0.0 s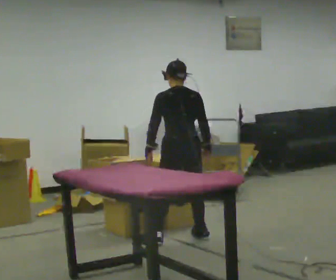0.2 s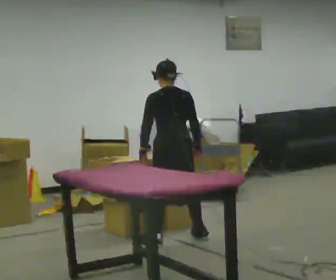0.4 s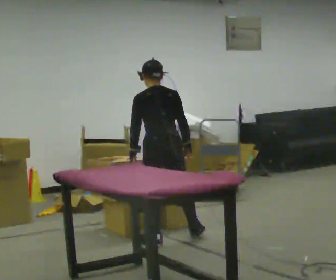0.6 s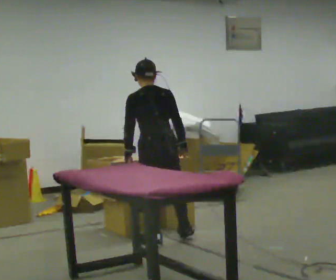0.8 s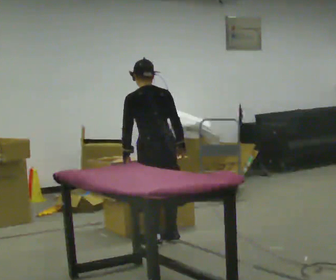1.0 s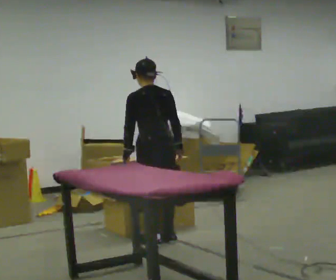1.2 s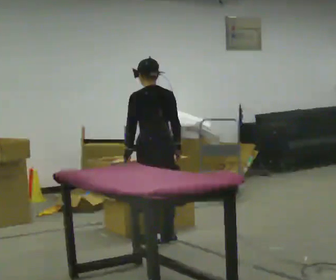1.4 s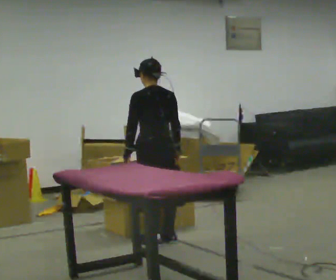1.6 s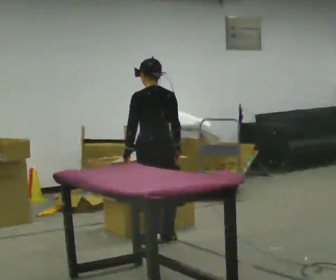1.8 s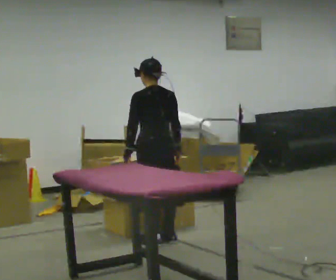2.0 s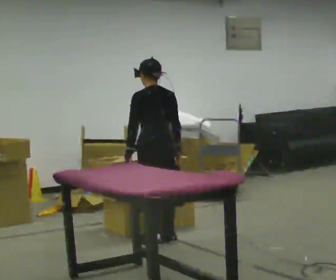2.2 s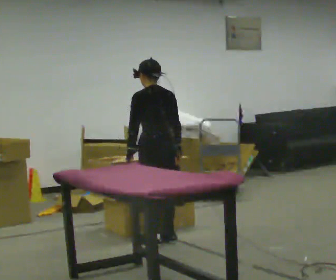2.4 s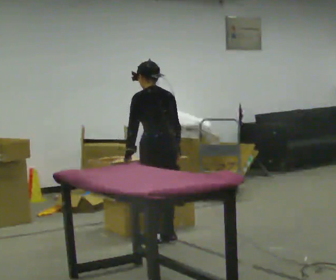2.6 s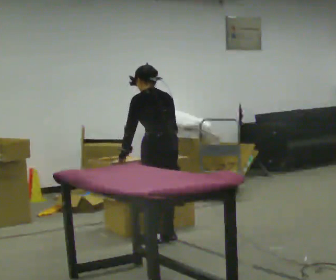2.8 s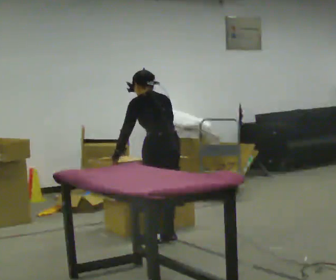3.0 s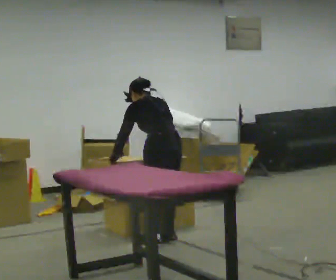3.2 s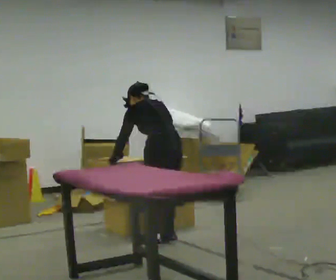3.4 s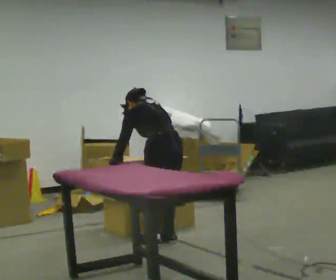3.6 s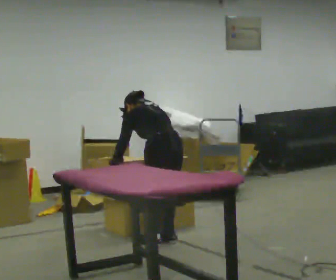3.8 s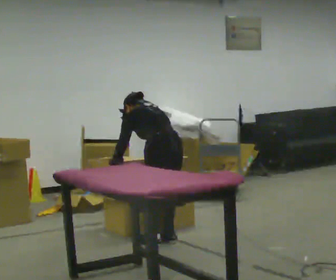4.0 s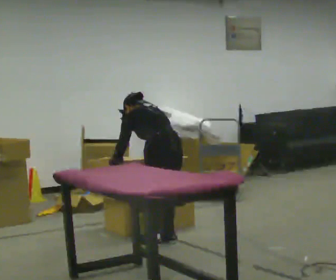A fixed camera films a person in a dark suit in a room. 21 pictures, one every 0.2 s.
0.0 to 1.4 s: In the picture they go to the left, about 0.25 m in 1 step, which for them is to their left.
1.4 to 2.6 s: The upper body tips away from the camera, its near side rolling upward, as they bend forward.
2.6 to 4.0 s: The upper body tips away from the camera, its near side rolling upward, as they bend forward.
The film runs backward here.
